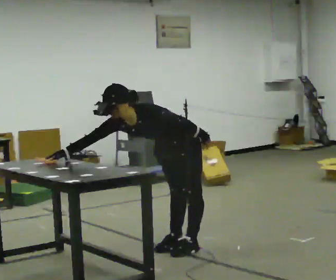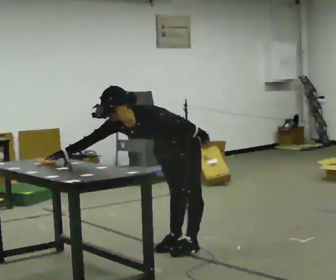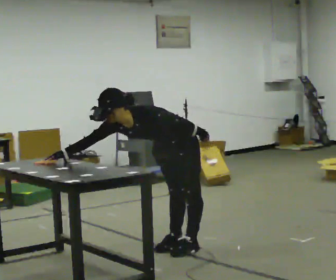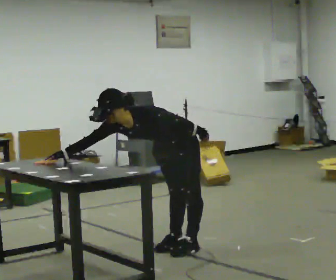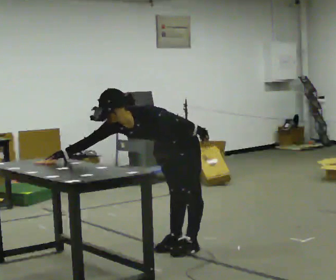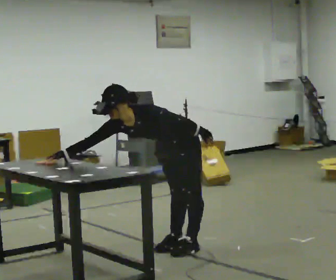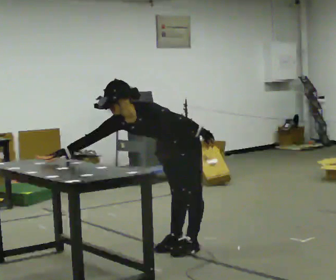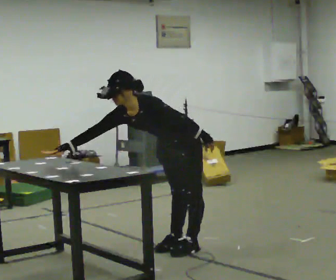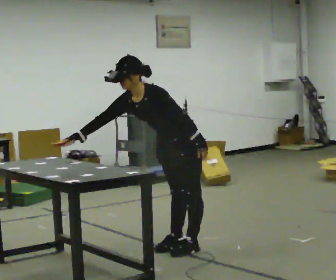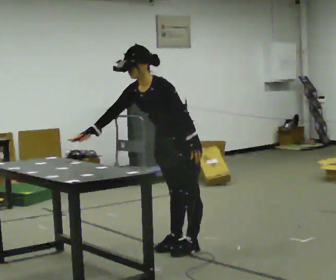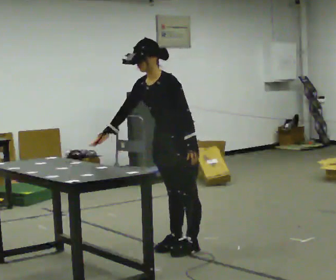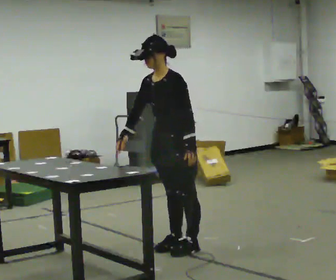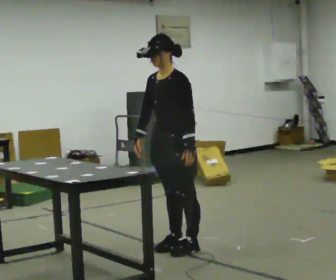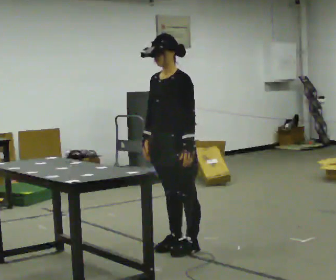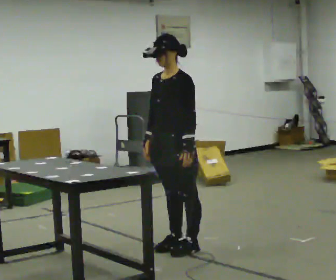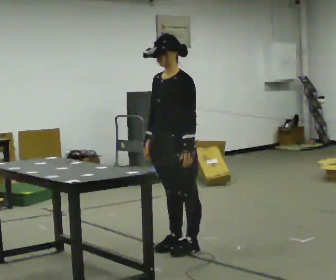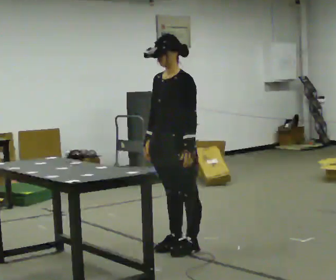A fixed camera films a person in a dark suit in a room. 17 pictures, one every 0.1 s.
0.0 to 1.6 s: The shoulders move upward. In the picture the upper body tilts clockwise, shoulders to the right, as they lean back or straighten.
The film runs backward here.
